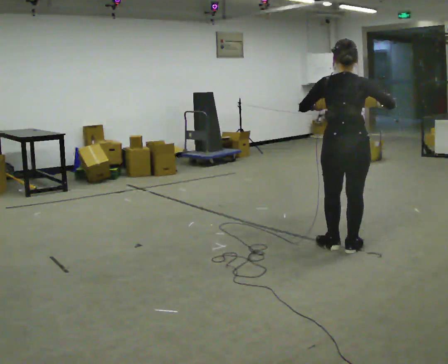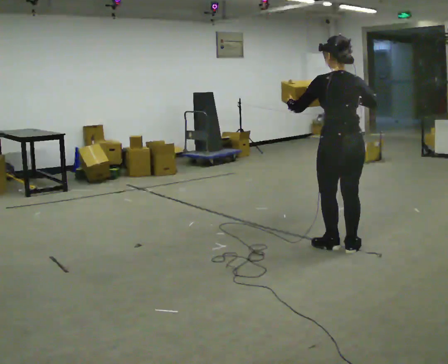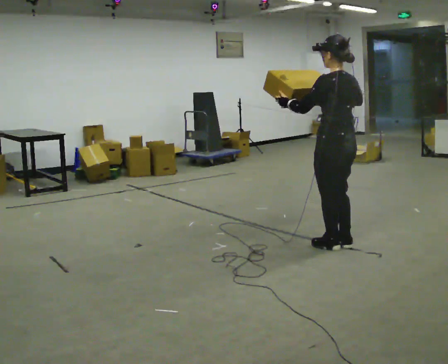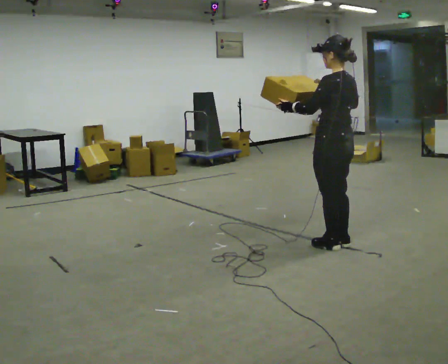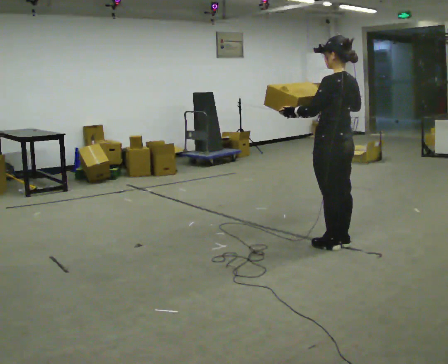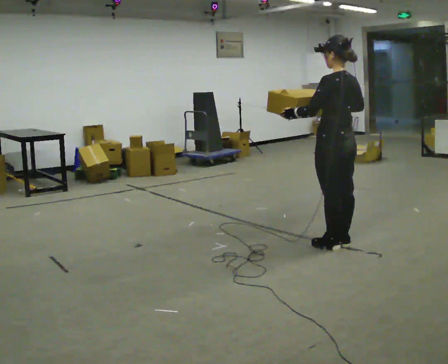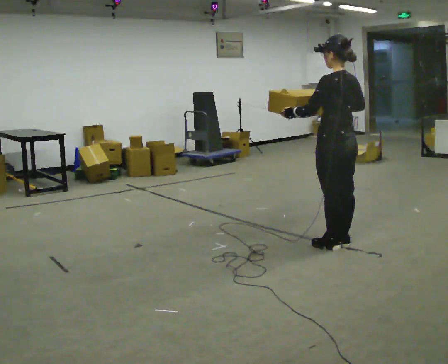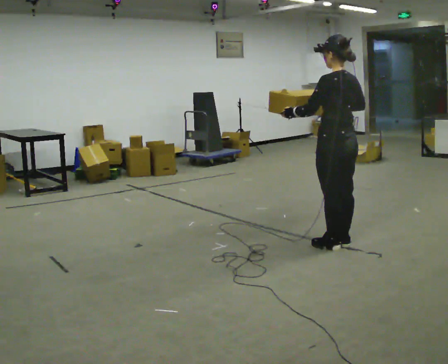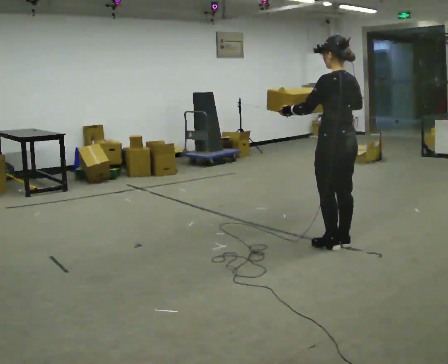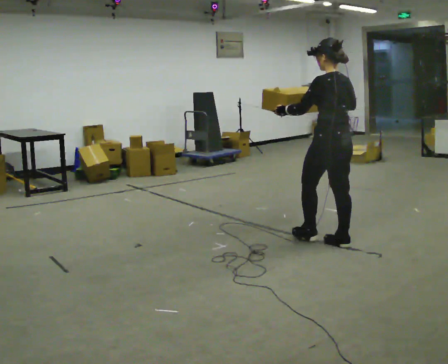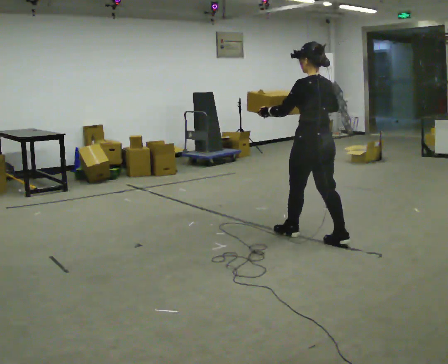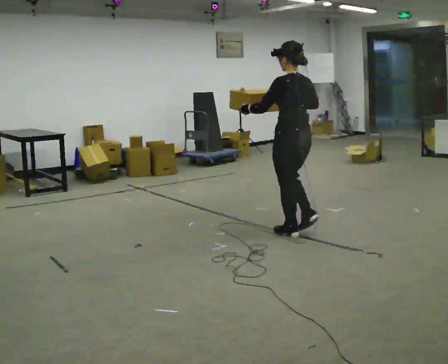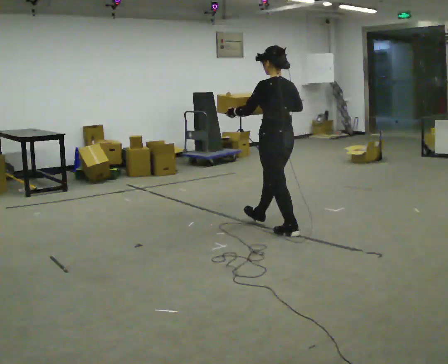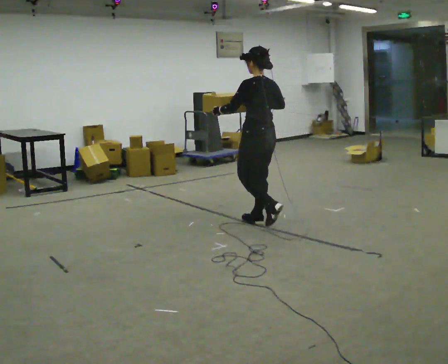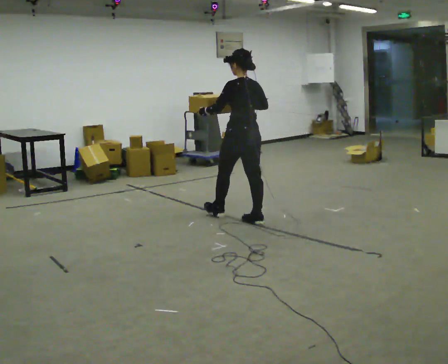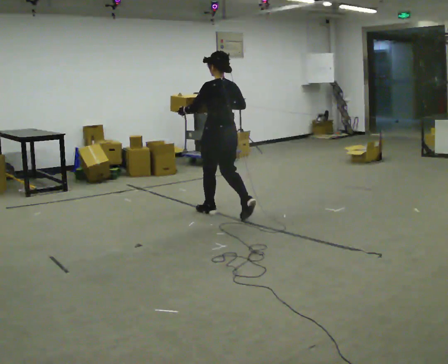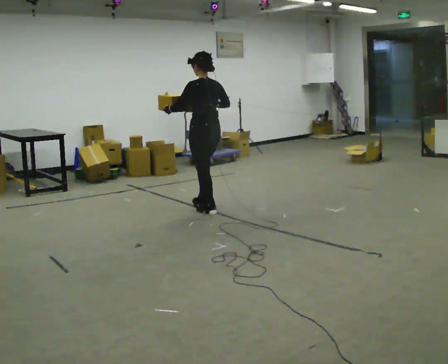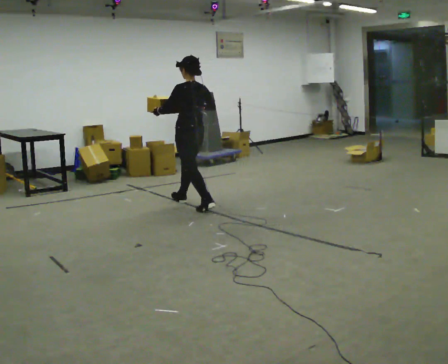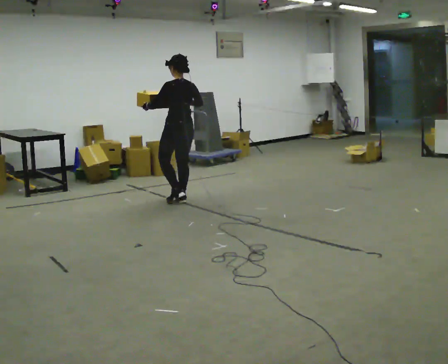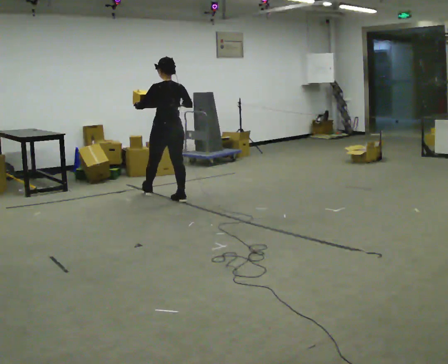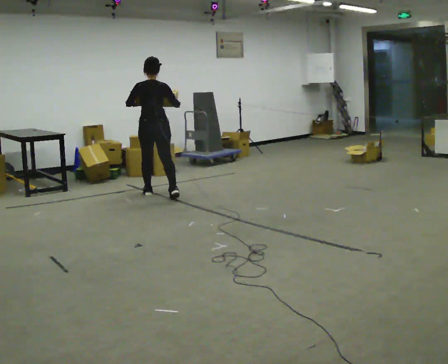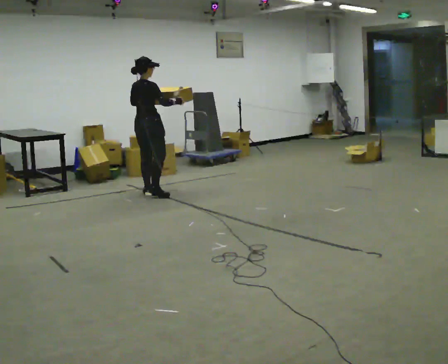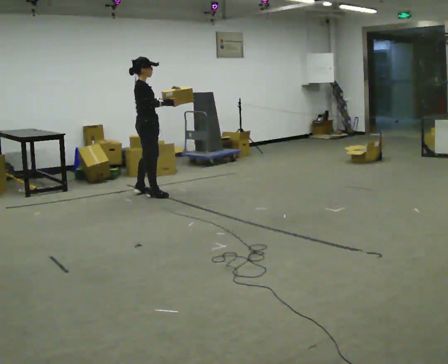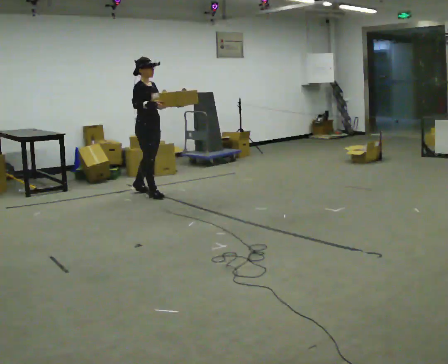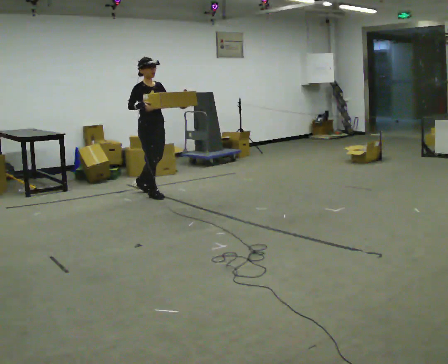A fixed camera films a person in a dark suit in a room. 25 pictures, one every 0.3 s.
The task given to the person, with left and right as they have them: Carry the medium box in both hands in front of you, walking back and forth across the room. Keep walking until the operator says stop.
0.0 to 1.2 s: Seen from above the body turns counterclockwise, about 60 degrees: to their left, with its near side sliding to the right. The upper body tips toward the camera, its near side rolling downward, as they lean back or straighten. In the picture their right hand goes to the left.
1.2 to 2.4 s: The person moves a little, or ends about where they began.
2.4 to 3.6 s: In the picture they go away from the camera and to the left, about 0.75 m in 1 step, which for them is forward.
3.6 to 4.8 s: In the picture they go away from the camera and to the left, about 1 m in 2 steps, which for them is forward.
4.8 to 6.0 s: The person turns about 45 degrees to their right, clockwise seen from above, so the part of the body nearest the lens slides to the left. In the picture they go to the left and away from the camera, about 1 m in 2 steps, which for them is forward.
6.0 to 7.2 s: The part of the body nearest the lens slides to the left as the person turns to their right by about 120 degrees. In the picture their left hand goes to the right.
The film runs forward here.
